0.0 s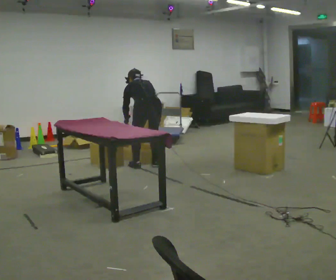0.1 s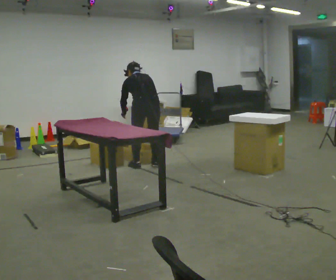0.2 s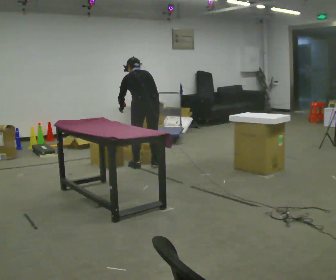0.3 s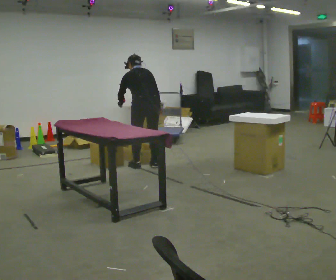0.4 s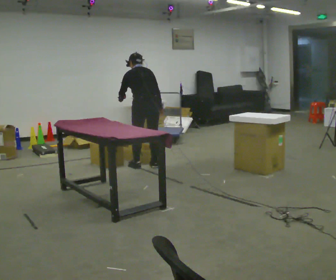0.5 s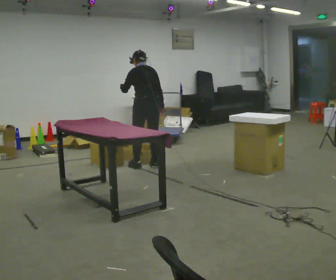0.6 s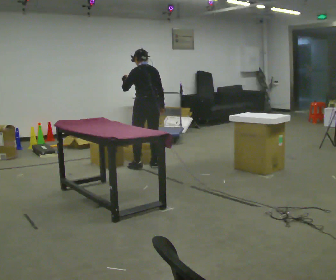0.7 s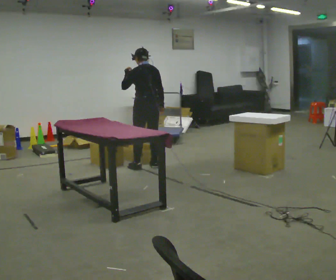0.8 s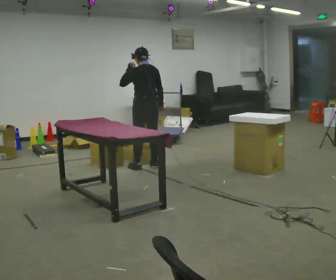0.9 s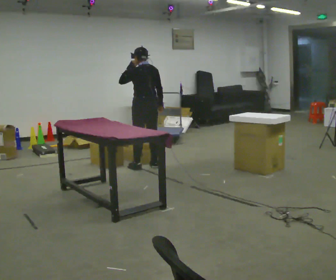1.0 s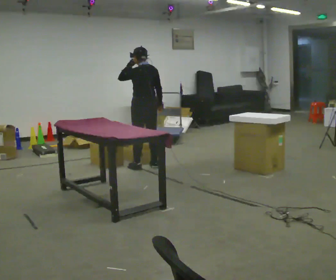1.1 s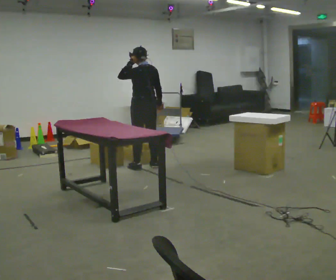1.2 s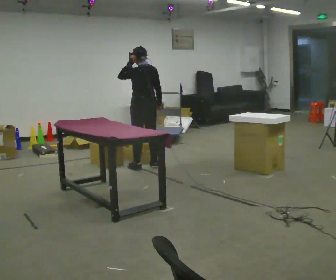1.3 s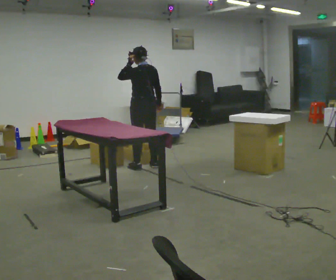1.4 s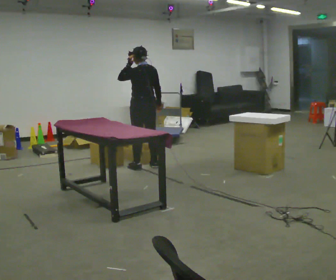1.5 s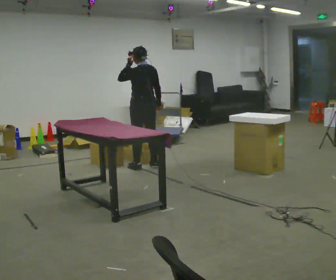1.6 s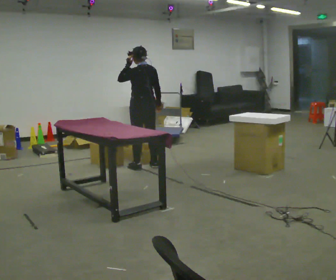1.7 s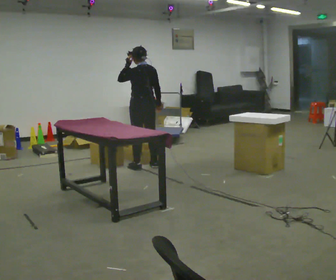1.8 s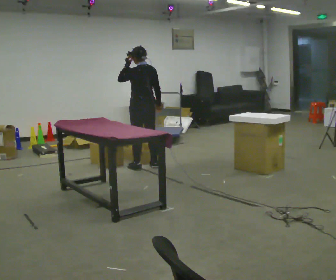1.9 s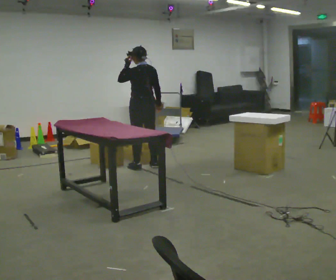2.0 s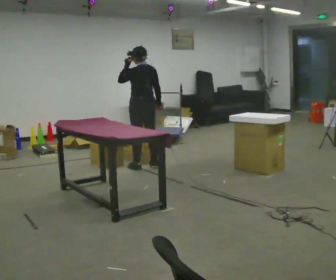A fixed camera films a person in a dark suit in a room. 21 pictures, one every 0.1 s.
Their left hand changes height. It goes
upward.
The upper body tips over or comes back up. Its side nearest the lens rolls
downward.
0.0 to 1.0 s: The upper body goes upward. The upper body tips toward the camera, its near side rolling downward, as they lean back or straighten. In the picture their left hand goes upward.
1.0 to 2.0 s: The person moves a little, or ends about where they began.
The film runs backward here.
